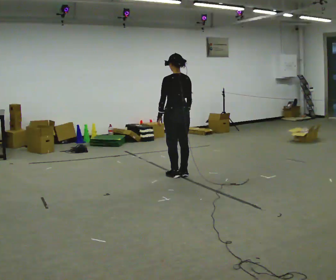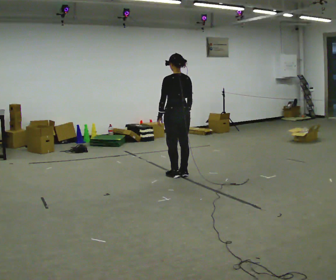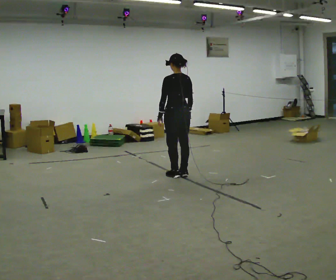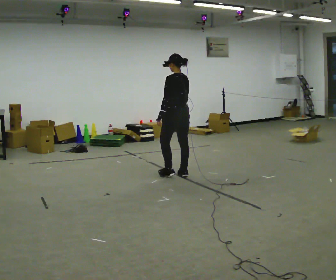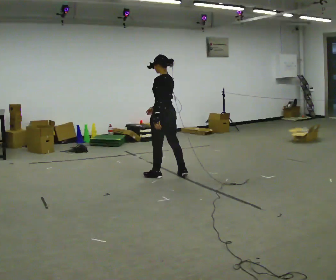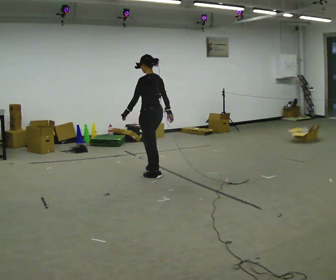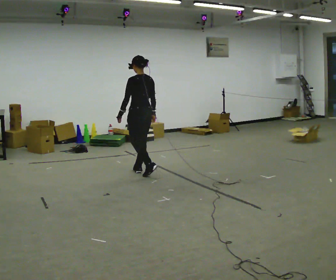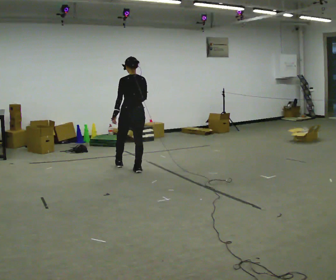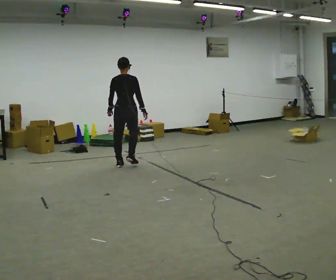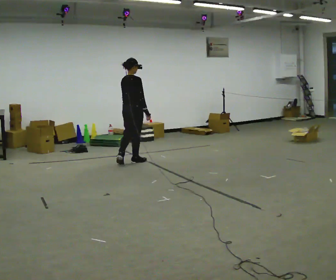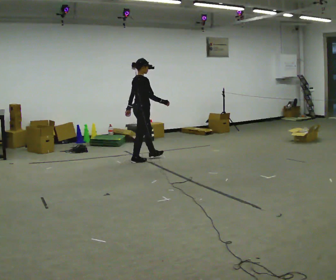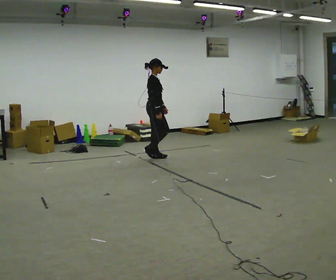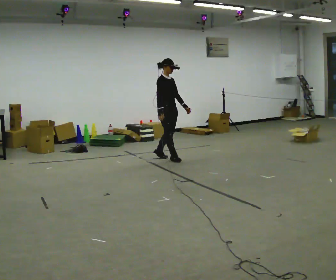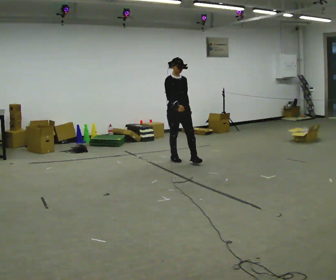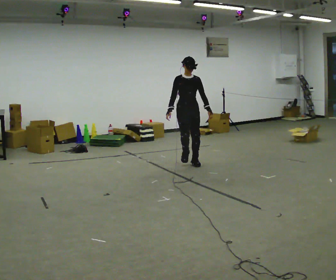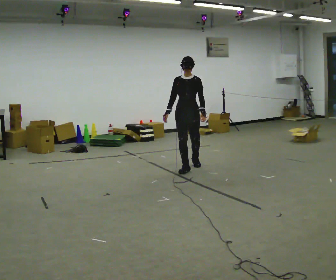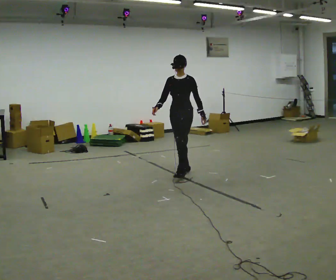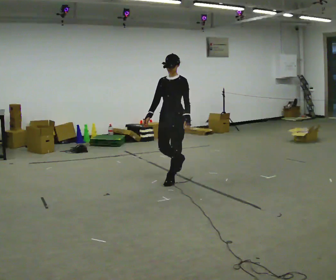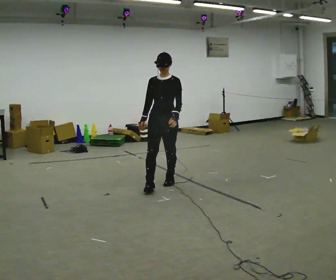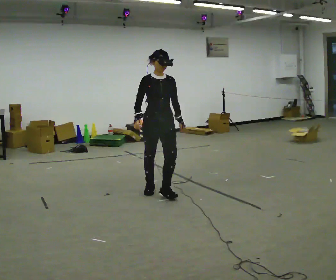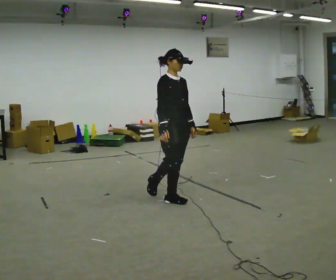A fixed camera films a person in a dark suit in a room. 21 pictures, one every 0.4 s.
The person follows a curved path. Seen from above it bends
clockwise.
0.0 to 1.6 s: The part of the body nearest the lens slides to the right as the person turns to their left by about 30 degrees. In the picture they go to the left, about 0.25 m in 1 step, which for them is to their left.
1.6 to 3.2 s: Seen from above the body turns clockwise, about 60 degrees: to their right, with its near side sliding to the left. In the picture they go away from the camera and to the left, about 1 m in 2 steps, which for them is forward.
3.2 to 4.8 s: Seen from above the body turns clockwise, about 120 degrees: to their right, with its near side sliding to the left. In the picture they go to the right and away from the camera, about 0.5 m in 3 steps.
4.8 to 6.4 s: The person turns about 90 degrees to their right, clockwise seen from above, so the part of the body nearest the lens slides to the left. In the picture they go toward the camera, about 1 m in 2 steps.
6.4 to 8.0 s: The person turns about 75 degrees to their left, counterclockwise seen from above, so the part of the body nearest the lens slides to the right. In the picture they go toward the camera, about 1 m in 3 steps.
The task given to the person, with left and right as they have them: Walk; stop fully; turn 90° left/right while standing; walk new direction.
The film runs forward here.
